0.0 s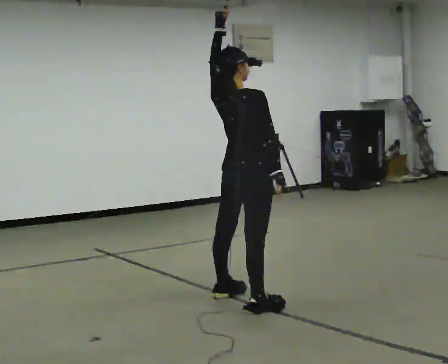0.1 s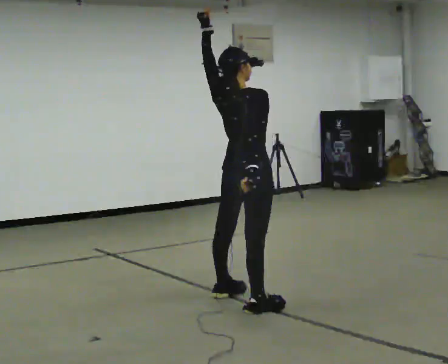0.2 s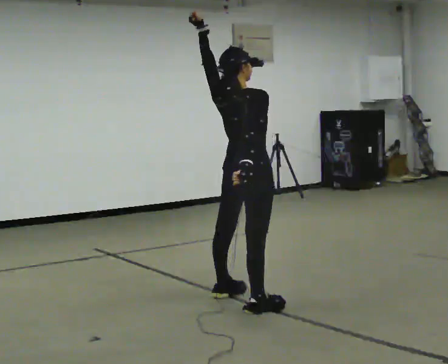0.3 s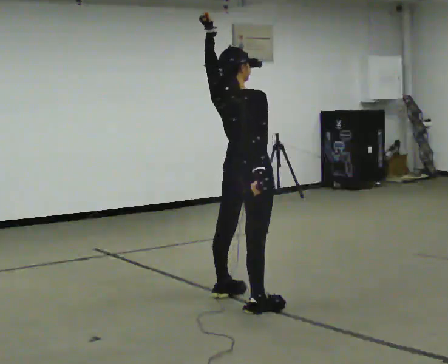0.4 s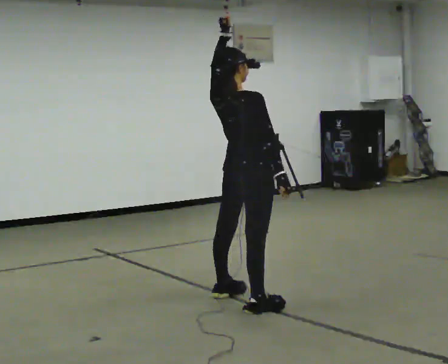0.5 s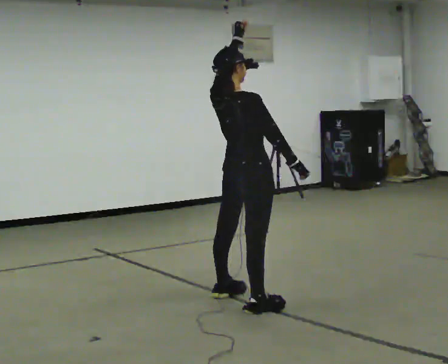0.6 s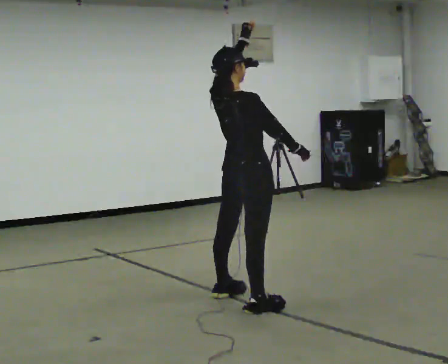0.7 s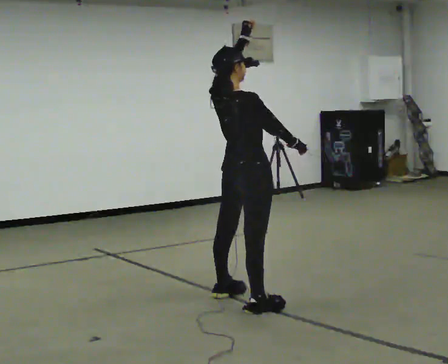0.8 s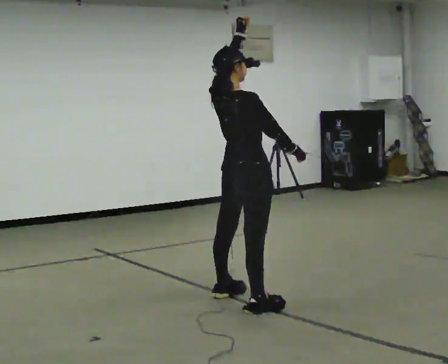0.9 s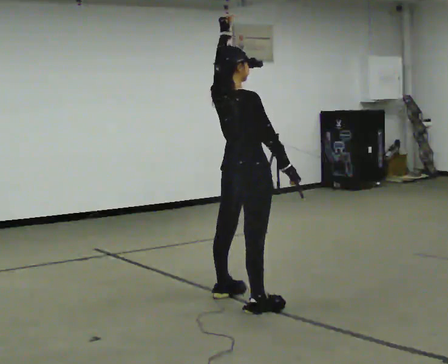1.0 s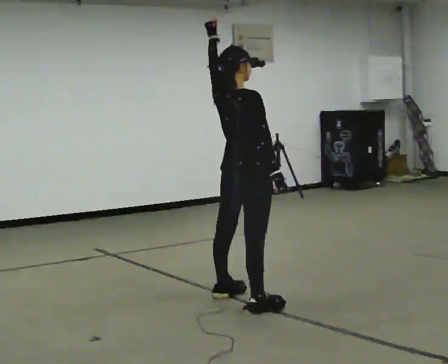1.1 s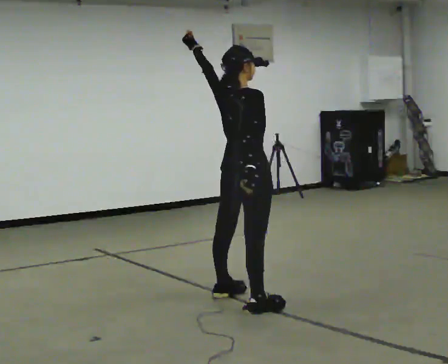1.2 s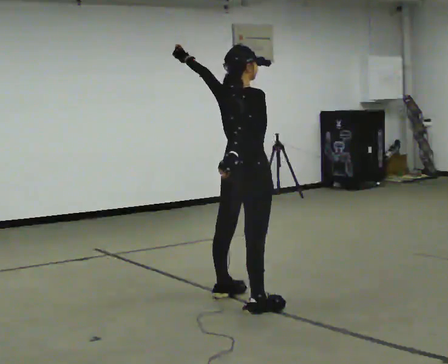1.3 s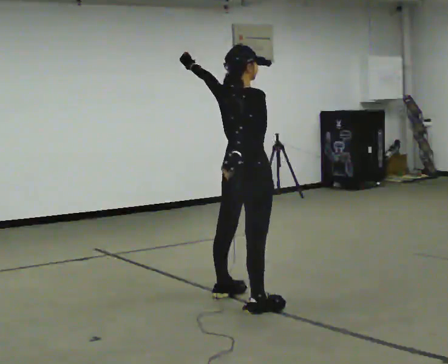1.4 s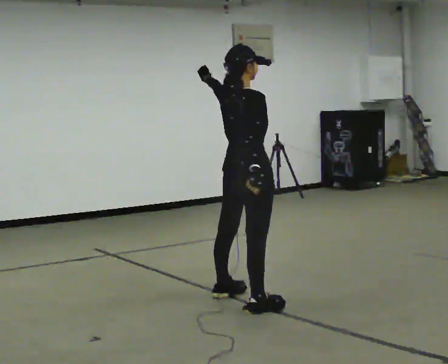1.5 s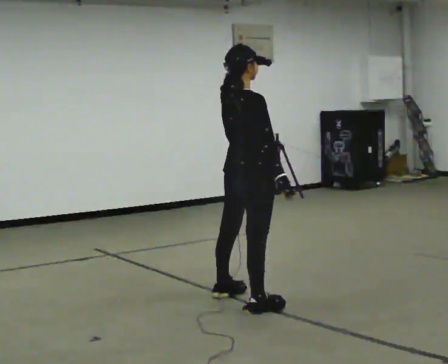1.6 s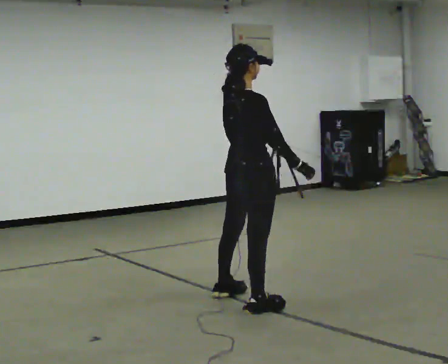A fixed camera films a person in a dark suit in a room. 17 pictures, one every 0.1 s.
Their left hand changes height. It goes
downward.
0.0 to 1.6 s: In the picture their left hand goes downward.
The film runs forward here.
